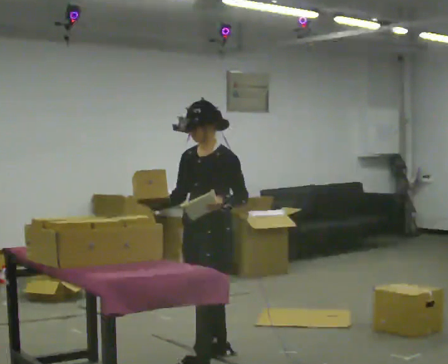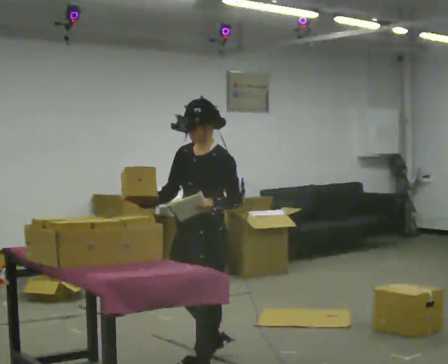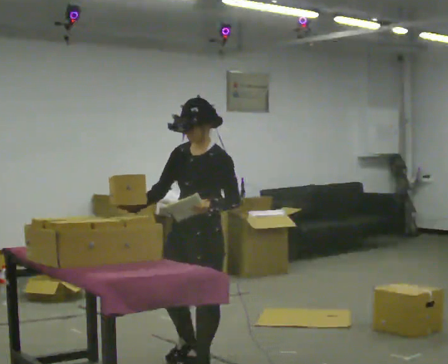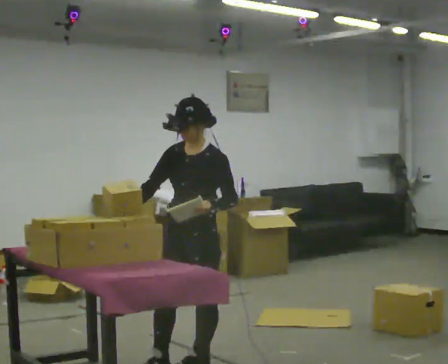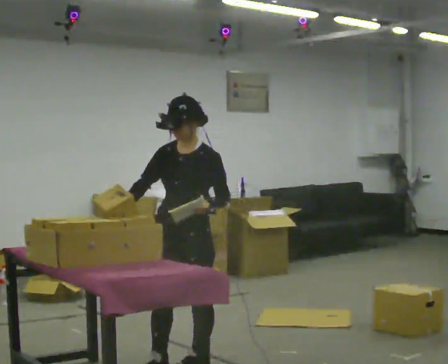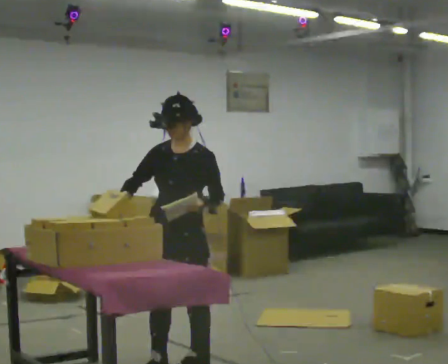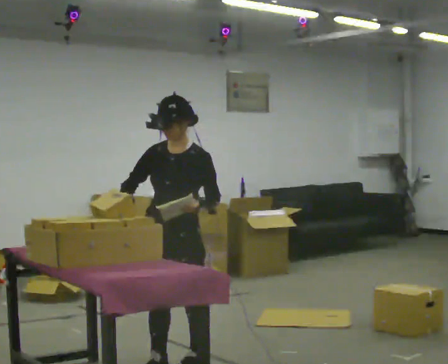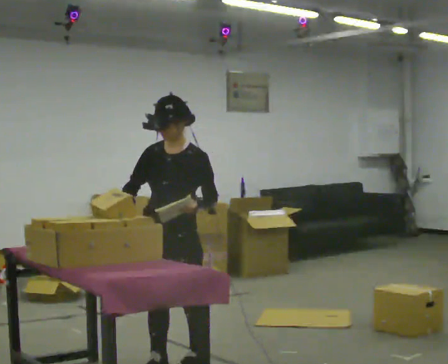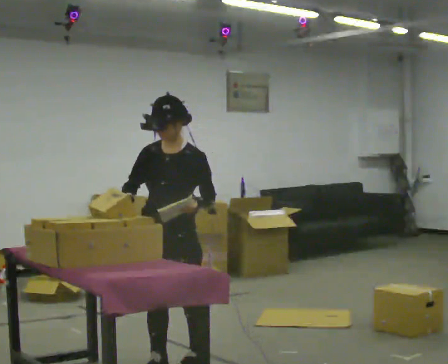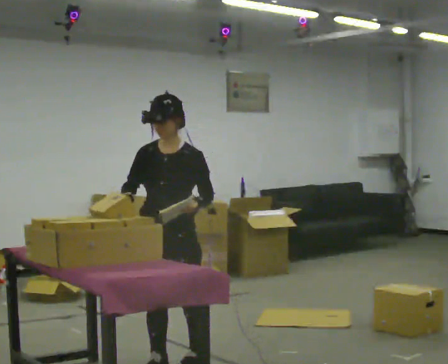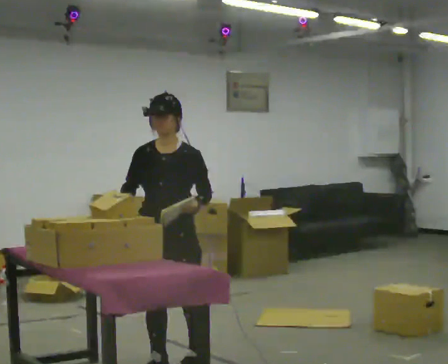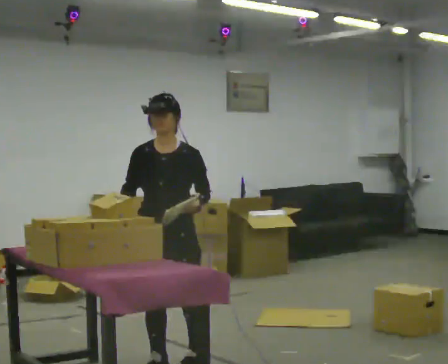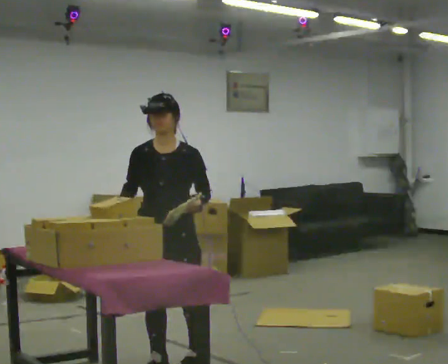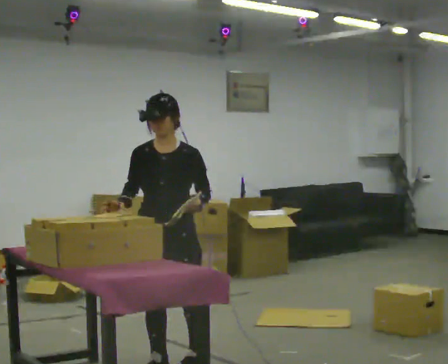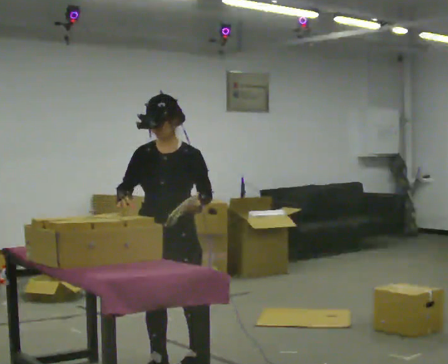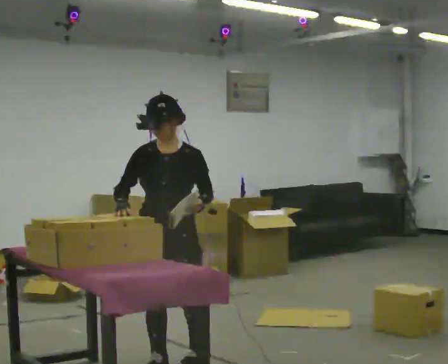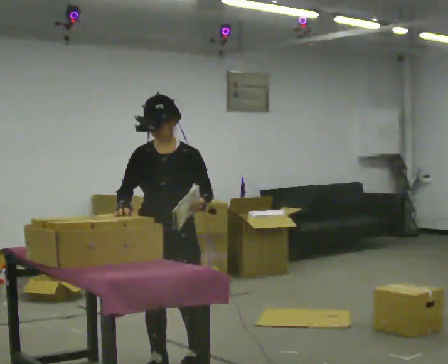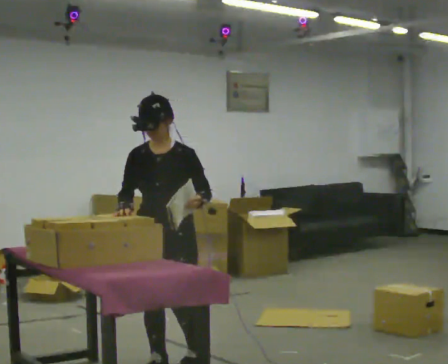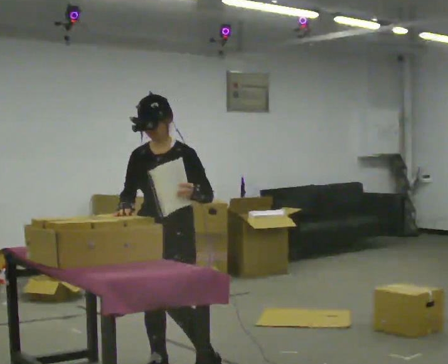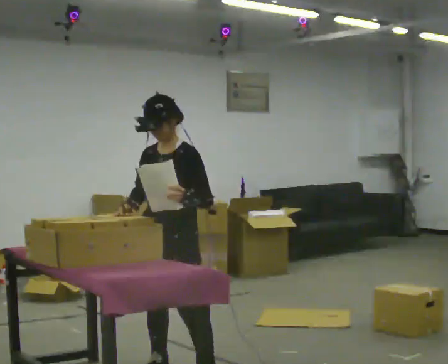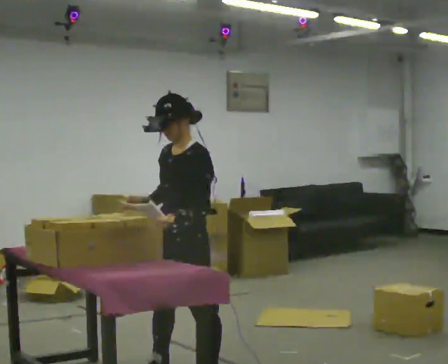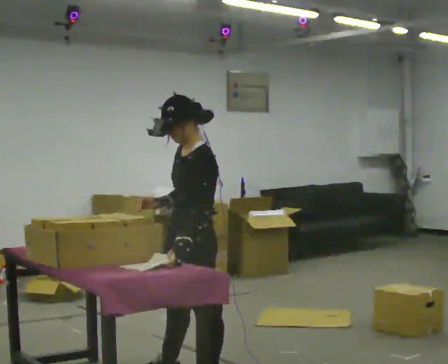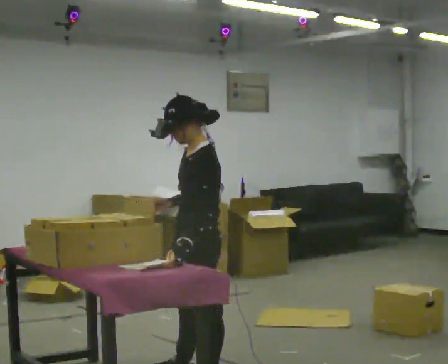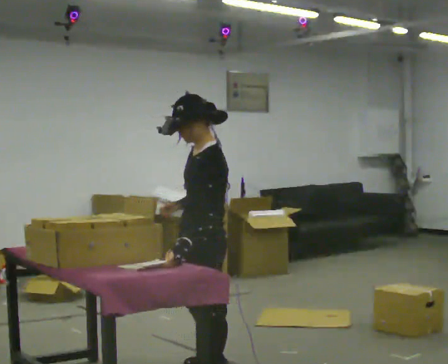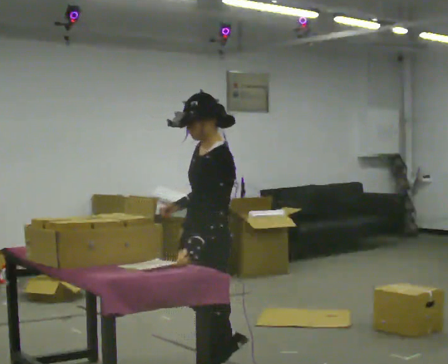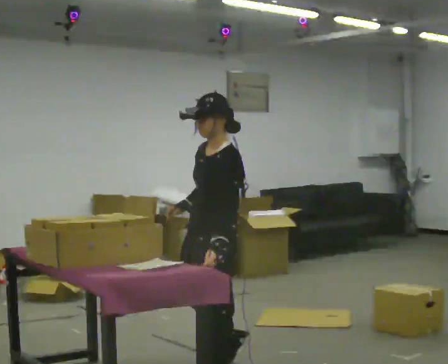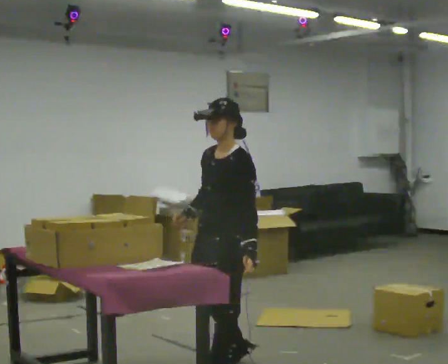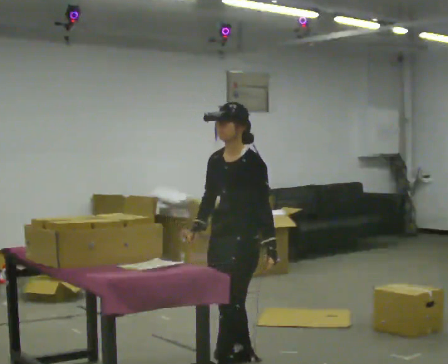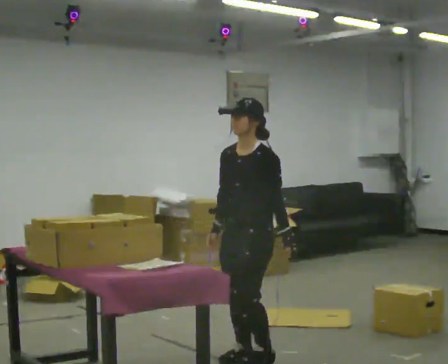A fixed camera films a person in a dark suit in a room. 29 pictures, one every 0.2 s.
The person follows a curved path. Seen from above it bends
counterclockwise.
0.0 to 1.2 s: In the picture they go to the left and toward the camera, about 0.25 m in 1 step, which for them is forward.
1.2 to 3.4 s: The person moves a little, or ends about where they began.
3.4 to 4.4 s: Seen from above the body turns clockwise, about 75 degrees: to their right, with its near side sliding to the left. In the picture they go to the right and toward the camera, about 0.25 m in 1 step.
4.4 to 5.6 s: The part of the body nearest the lens slides to the right as the person turns to their left by about 45 degrees. In the picture they go away from the camera and to the right, about 0.5 m in 1 step, which for them is backward and to their right.
The film runs forward here.
